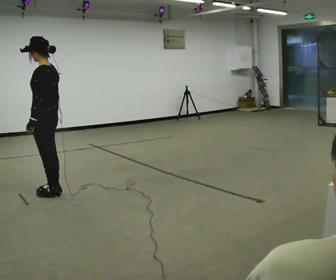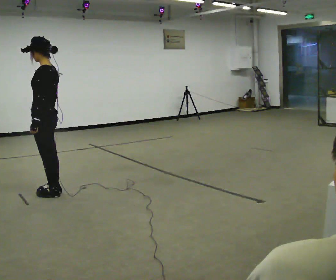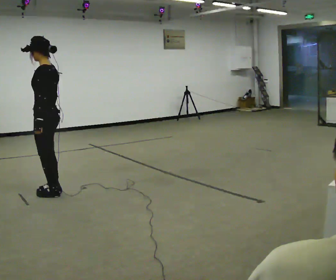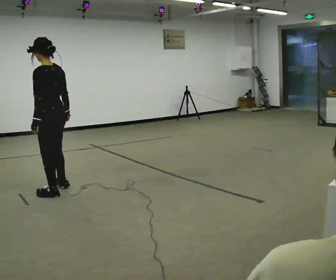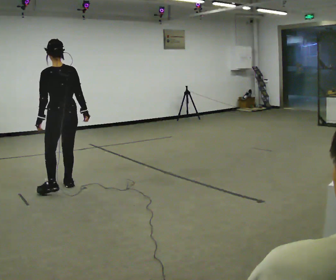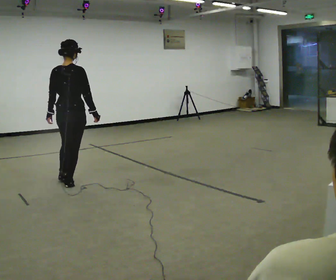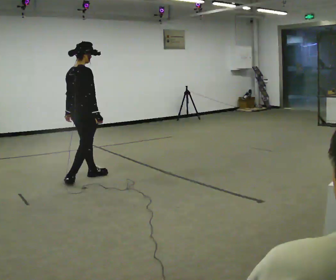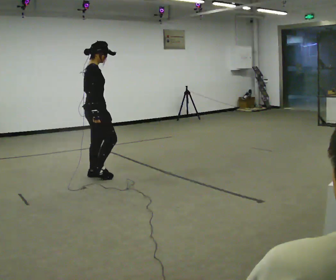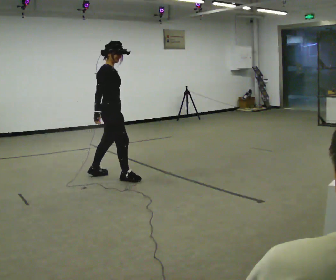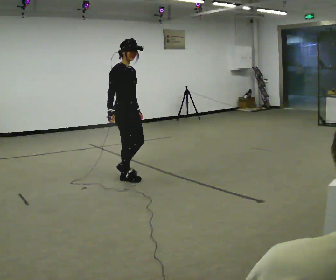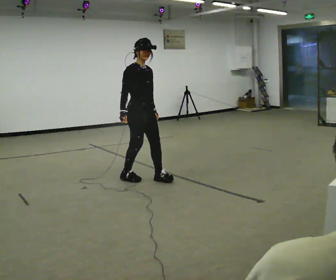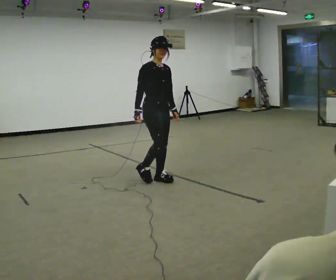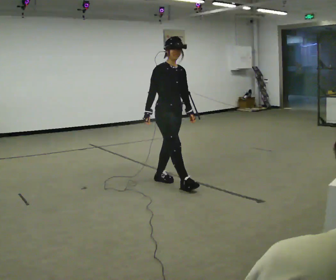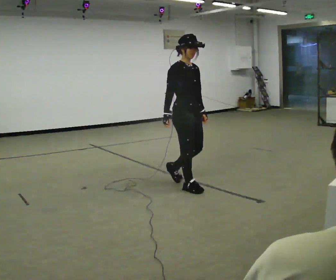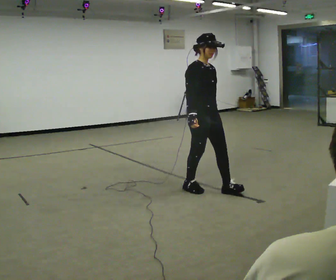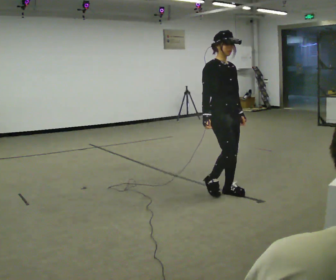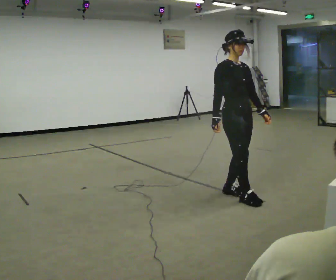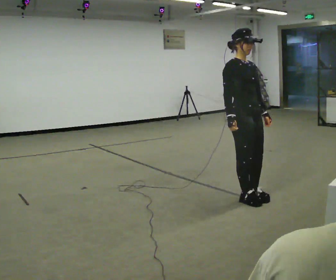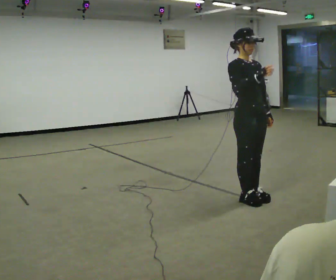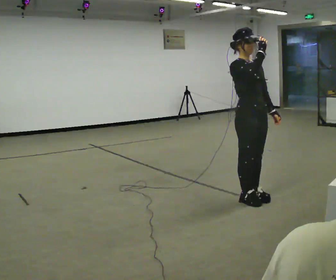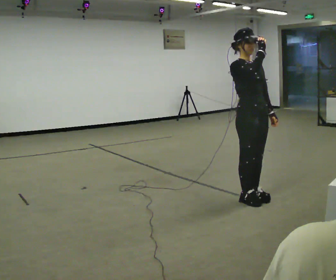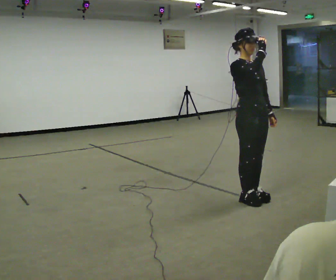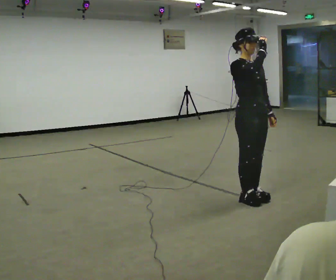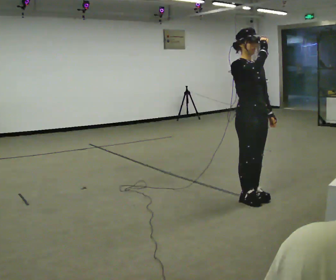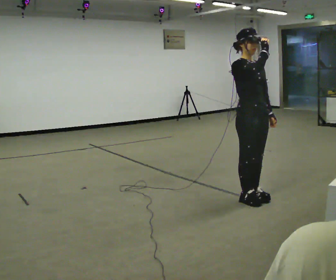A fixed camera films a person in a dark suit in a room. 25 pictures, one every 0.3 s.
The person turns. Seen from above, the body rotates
clockwise.
The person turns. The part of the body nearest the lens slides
to the left.
0.0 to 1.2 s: The person turns about 45 degrees to their right, clockwise seen from above, so the part of the body nearest the lens slides to the left. In the picture they go away from the camera, about 0.25 m in 1 step, which for them is to their right.
1.2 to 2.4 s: The part of the body nearest the lens slides to the left as the person turns to their right by about 120 degrees. In the picture they go to the right and away from the camera, about 0.5 m in 2 steps.
2.4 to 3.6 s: The part of the body nearest the lens slides to the left as the person turns to their right by about 45 degrees. In the picture they go to the right, about 0.5 m in 1 step, which for them is forward.
3.6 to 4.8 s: In the picture they go to the right and toward the camera, about 1 m in 3 steps, which for them is forward.
4.8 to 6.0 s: In the picture their right hand goes upward and to the right.
6.0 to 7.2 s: The person keeps their place and pose.
The film runs forward here.
